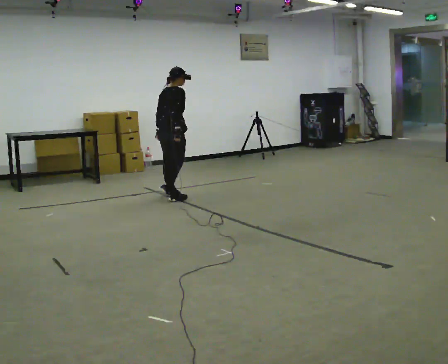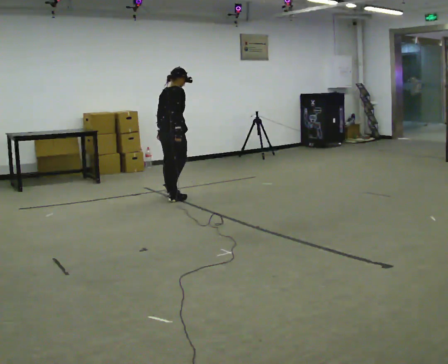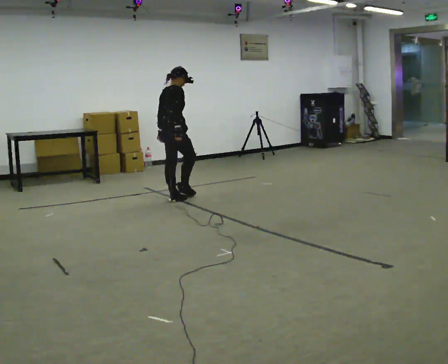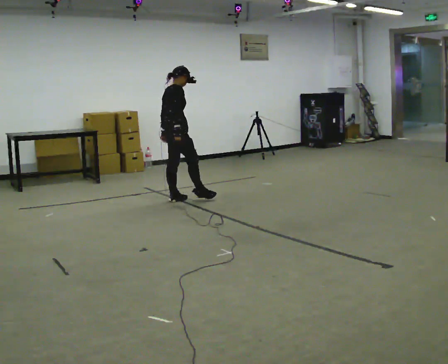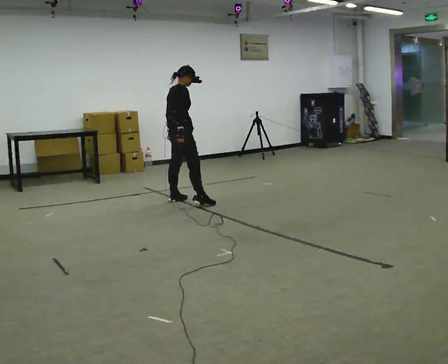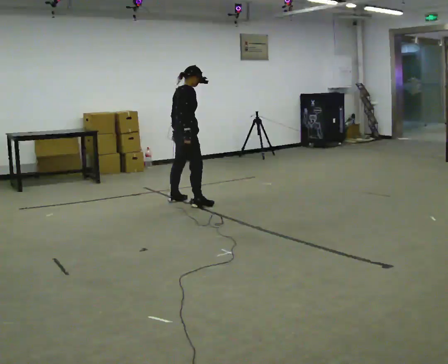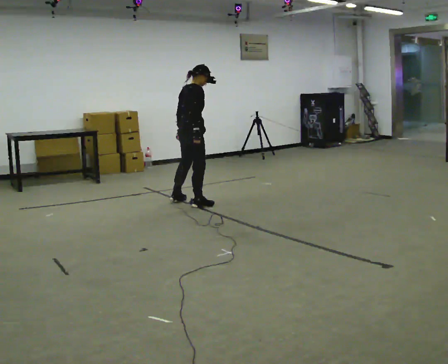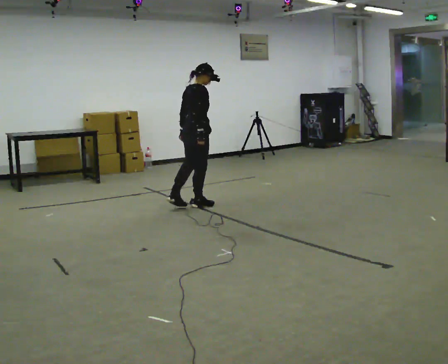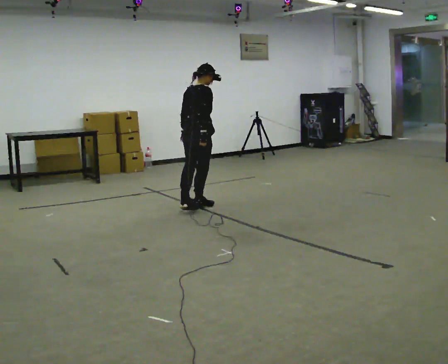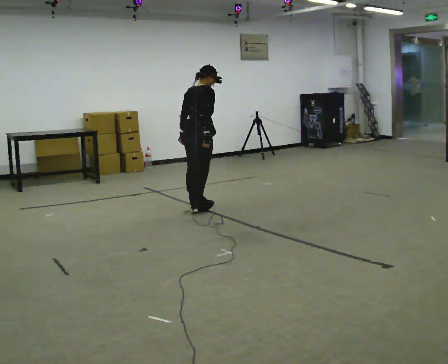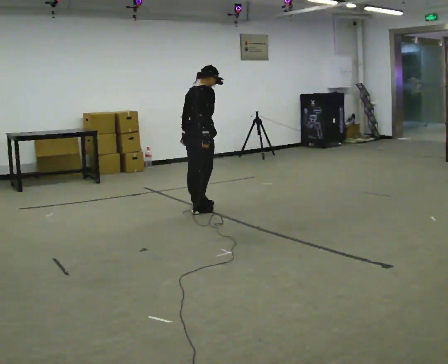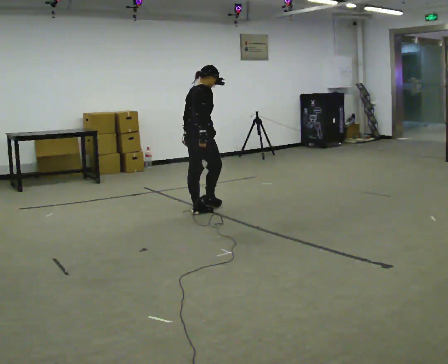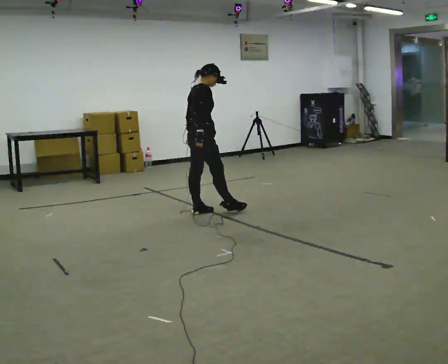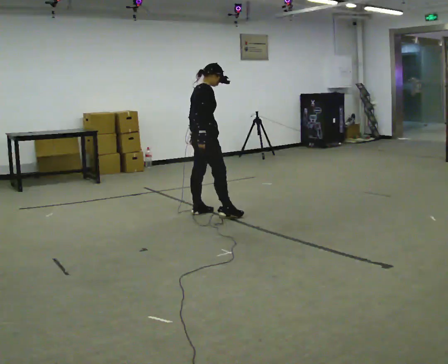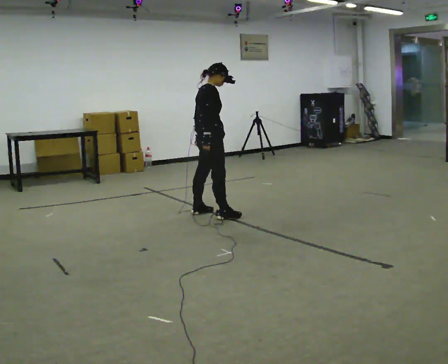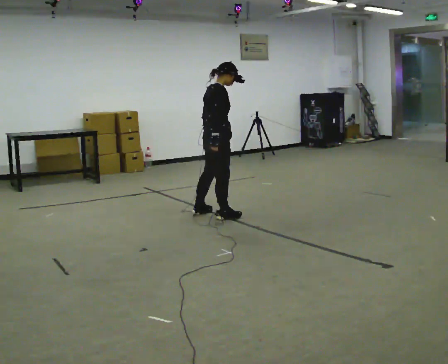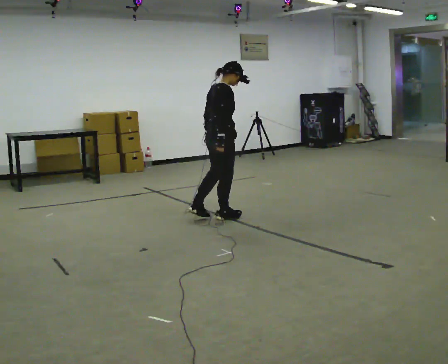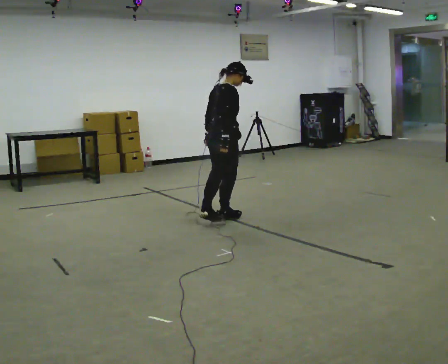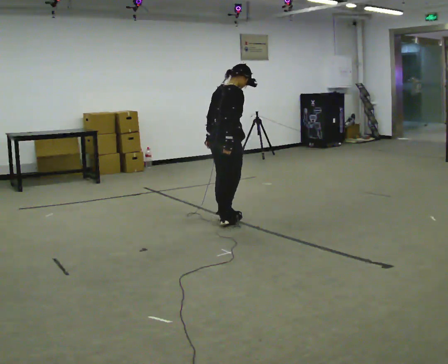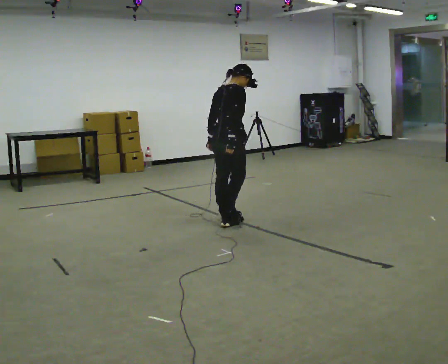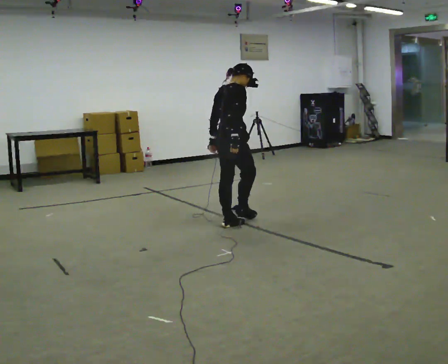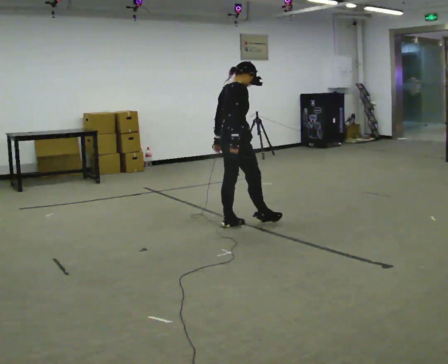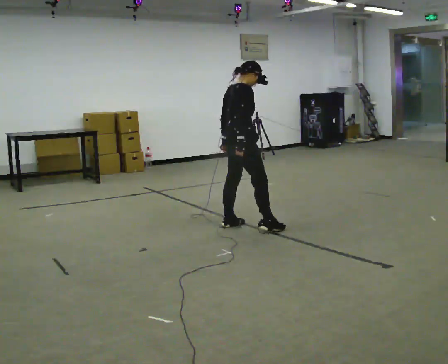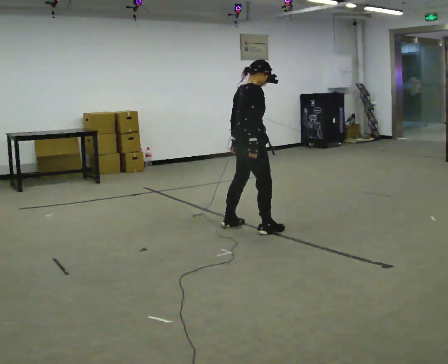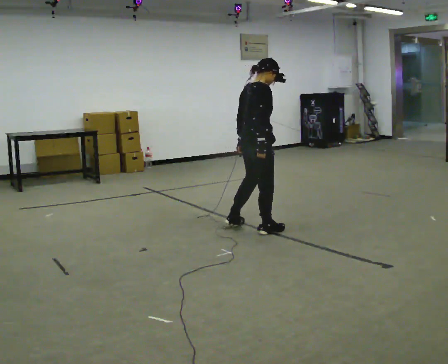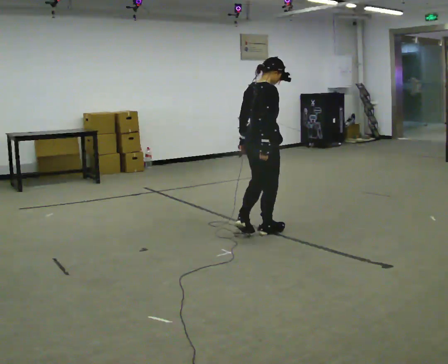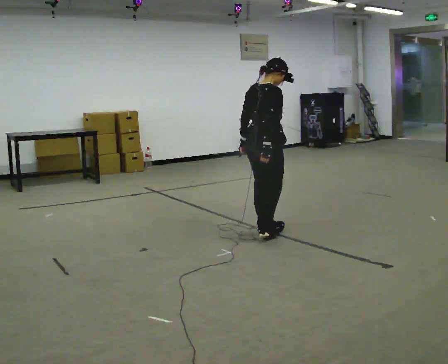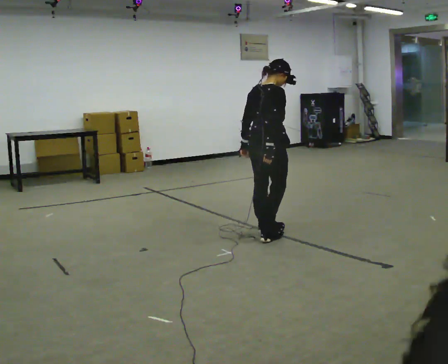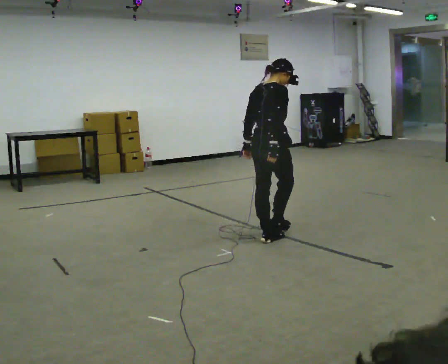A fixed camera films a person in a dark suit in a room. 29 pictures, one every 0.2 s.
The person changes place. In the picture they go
toward the camera.
0.0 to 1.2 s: In the picture they go toward the camera and to the right, about 0.5 m in 1 step, which for them is to their right.
1.2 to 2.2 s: In the picture they go toward the camera, about 0.25 m in 1 step, which for them is to their right and backward.
2.2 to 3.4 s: In the picture they go toward the camera and to the right, about 0.5 m in 1 step, which for them is to their right.
3.4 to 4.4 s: In the picture they go toward the camera, about 0.25 m in 1 step, which for them is to their right.
4.4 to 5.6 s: In the picture they go toward the camera and to the right, about 0.5 m in 2 steps, which for them is to their right.
The film runs forward here.
